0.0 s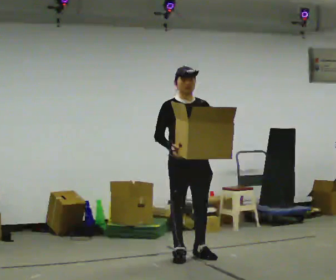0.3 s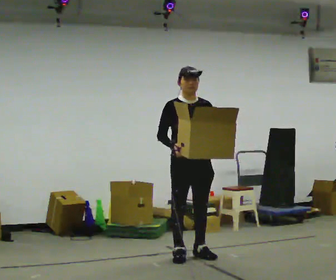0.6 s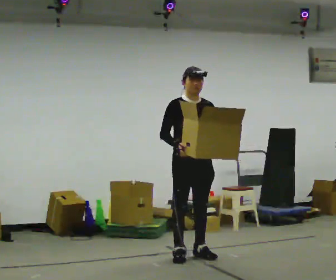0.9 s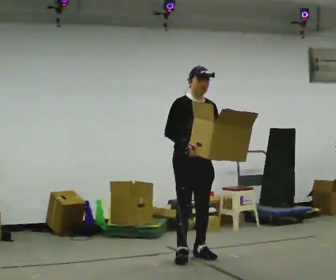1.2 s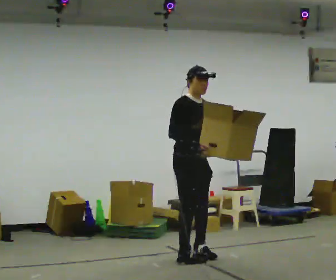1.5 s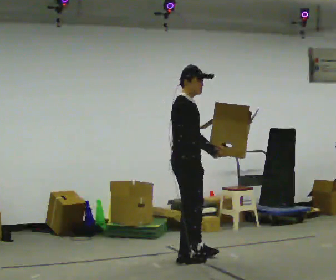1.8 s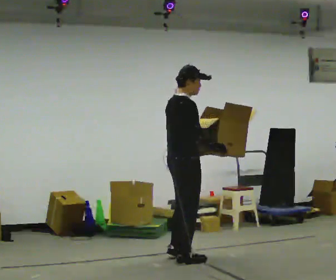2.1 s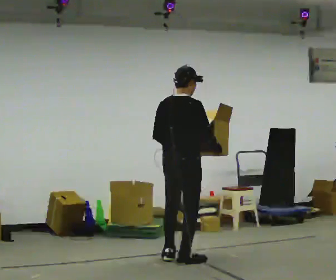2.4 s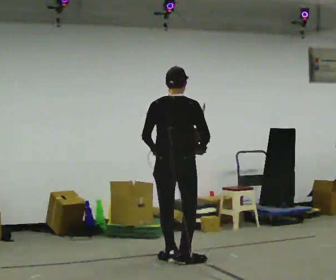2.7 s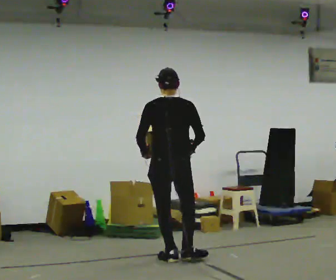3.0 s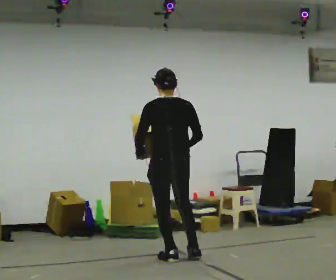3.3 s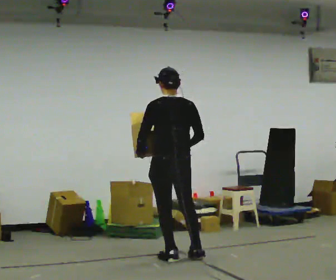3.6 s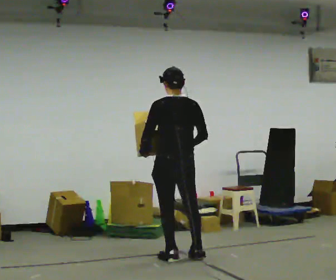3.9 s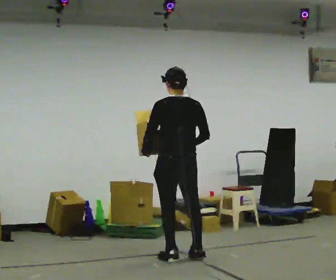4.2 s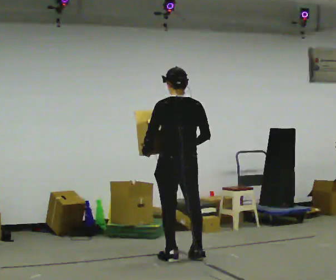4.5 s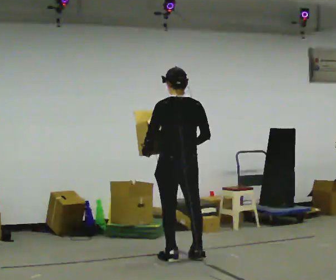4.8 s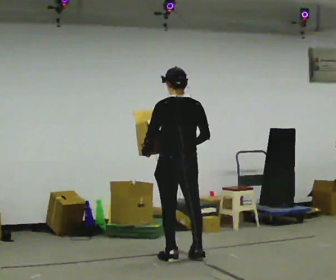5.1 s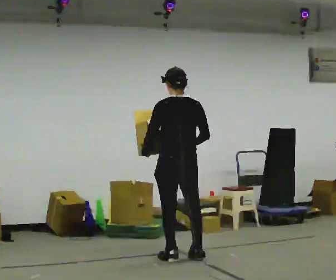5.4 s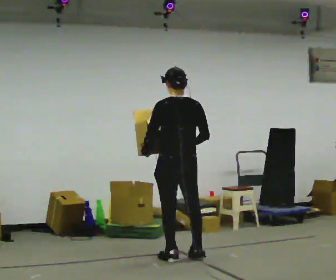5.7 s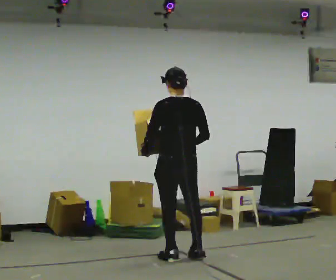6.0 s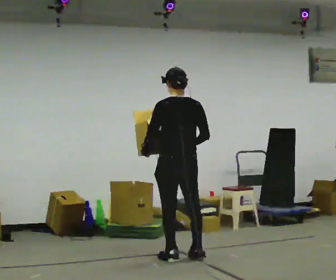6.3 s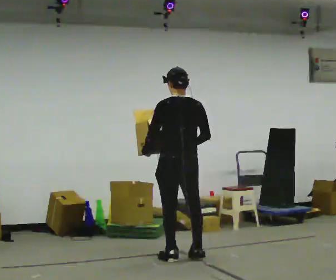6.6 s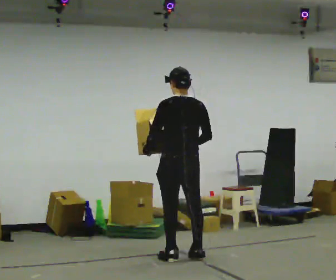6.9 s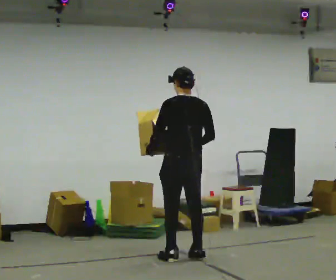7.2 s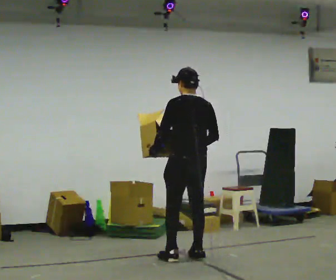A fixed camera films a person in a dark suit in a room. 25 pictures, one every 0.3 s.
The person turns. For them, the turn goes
to their left.
Their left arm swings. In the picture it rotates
clockwise.
0.0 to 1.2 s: The part of the body nearest the lens slides to the right as the person turns to their left by about 30 degrees.
1.2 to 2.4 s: The part of the body nearest the lens slides to the right as the person turns to their left by about 120 degrees. In the picture their left hand goes to the left, the arm swinging clockwise.
2.4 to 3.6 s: Seen from above the body turns counterclockwise, about 30 degrees: to their left, with its near side sliding to the right.
3.6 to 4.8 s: The person moves a little, or ends about where they began.
4.8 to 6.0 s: The person keeps their place and pose.
6.0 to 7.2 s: The person moves a little, or ends about where they began.
The film runs backward here.
